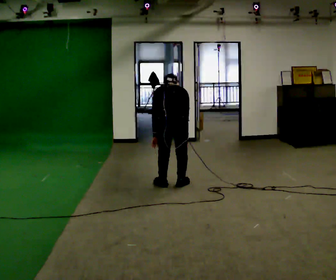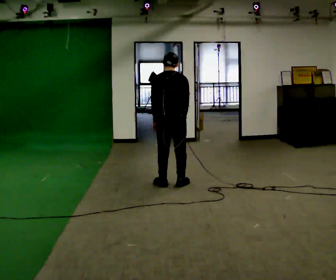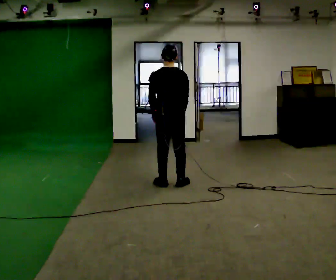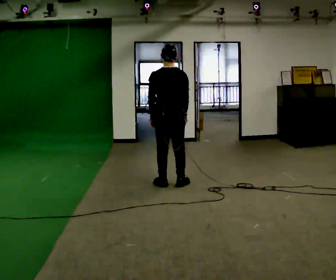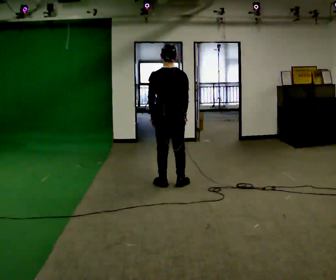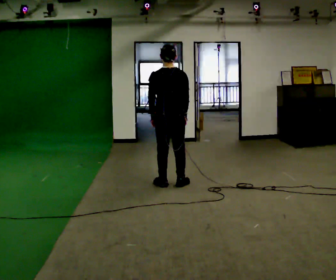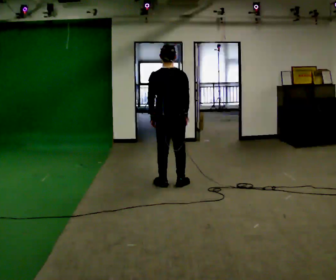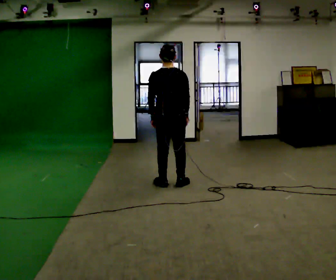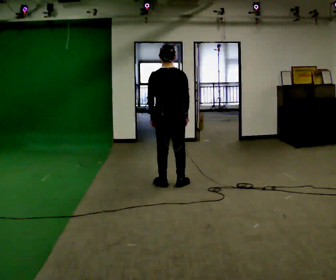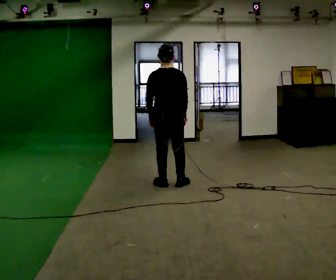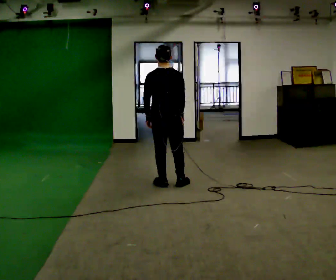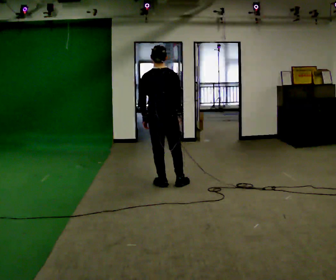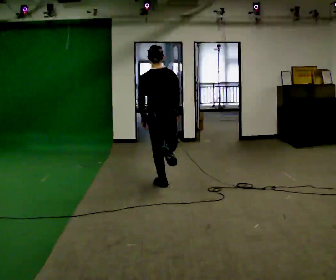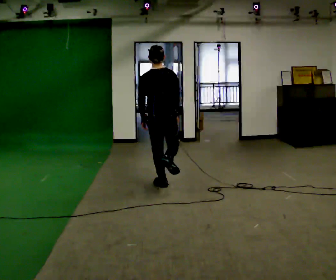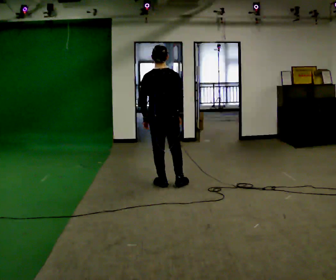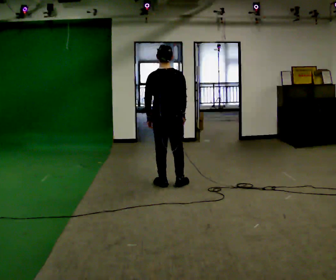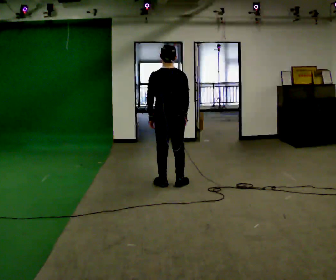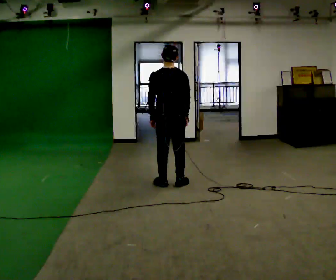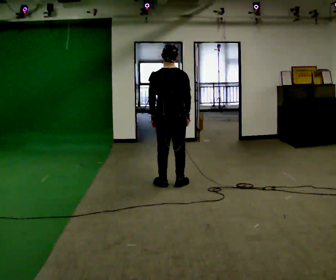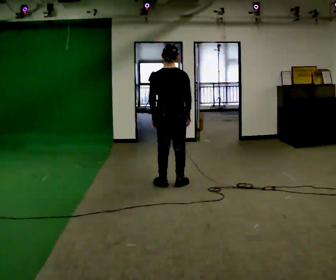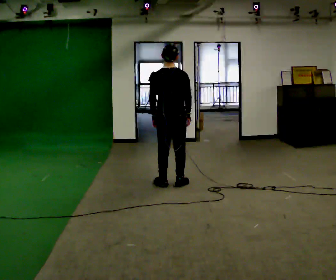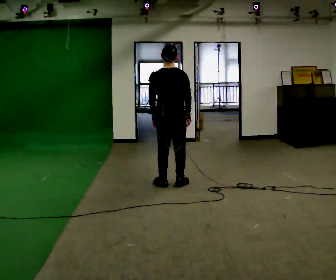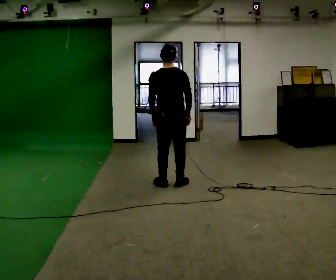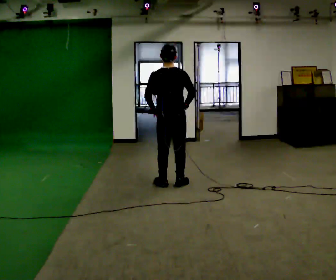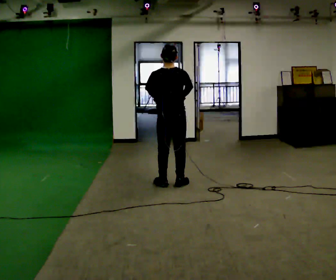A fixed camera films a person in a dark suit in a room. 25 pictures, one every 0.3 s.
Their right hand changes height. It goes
upward.
The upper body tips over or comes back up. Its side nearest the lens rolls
downward.
0.0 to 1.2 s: In the picture they go away from the camera, about 0.25 m, which for them is forward. The shoulders move upward. The upper body tips toward the camera, its near side rolling downward, as they lean back or straighten.
1.2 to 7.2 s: The person moves a little, or ends about where they began.
The film runs forward here.
